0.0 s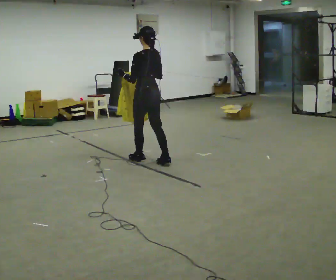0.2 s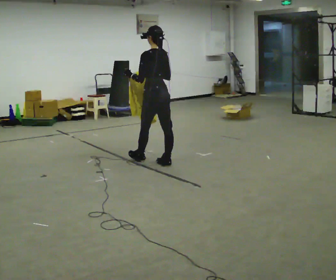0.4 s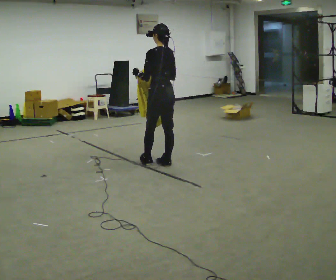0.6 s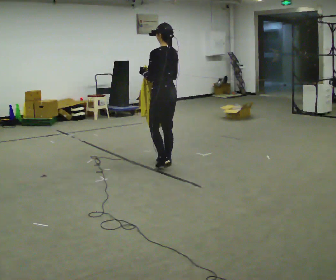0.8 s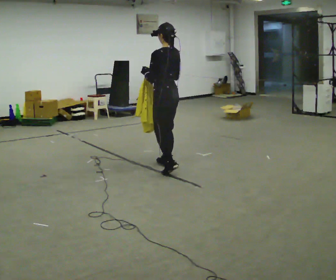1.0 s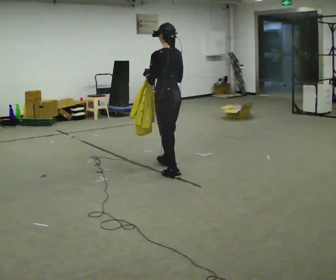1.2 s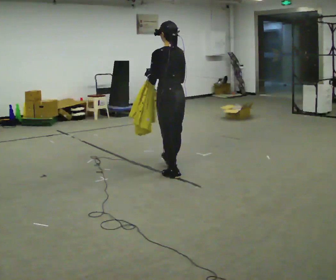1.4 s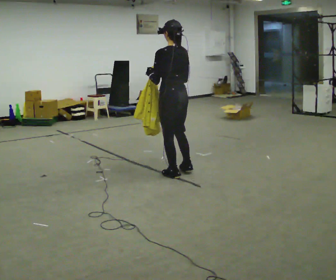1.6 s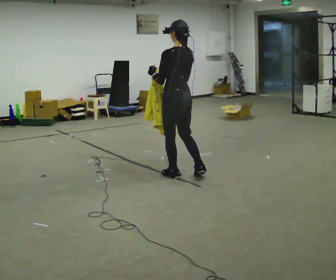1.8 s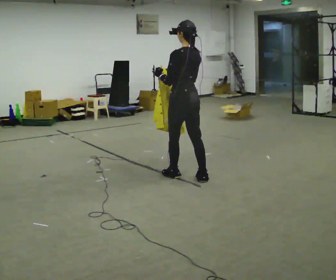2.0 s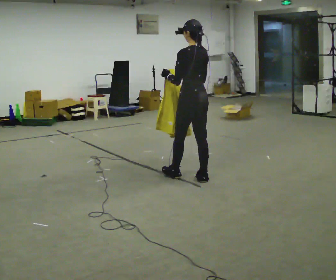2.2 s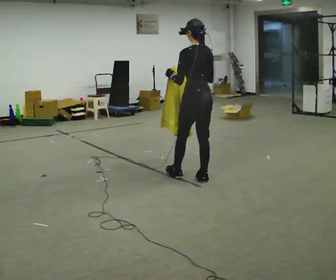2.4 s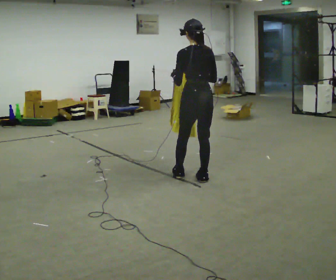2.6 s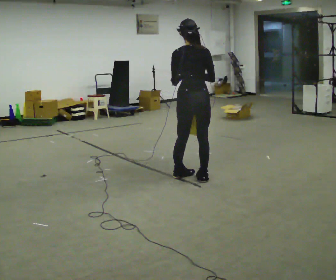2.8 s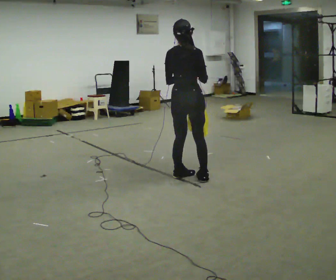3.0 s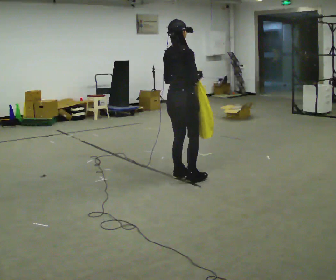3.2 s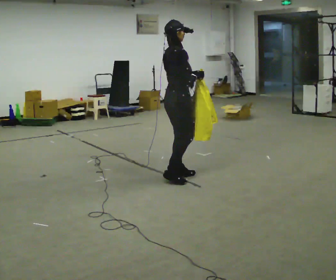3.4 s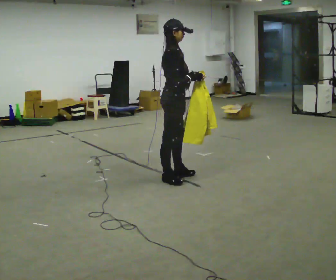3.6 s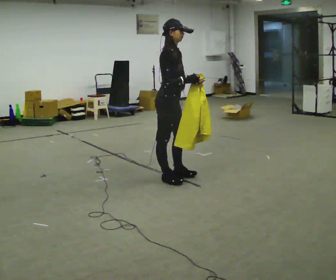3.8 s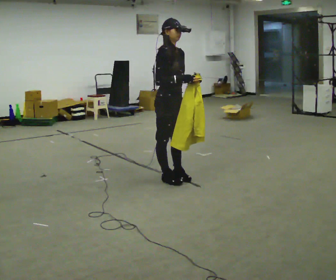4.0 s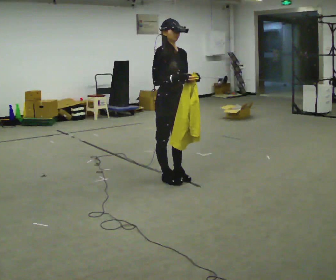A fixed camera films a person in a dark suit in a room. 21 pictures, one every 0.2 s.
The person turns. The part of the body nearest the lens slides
to the left.
The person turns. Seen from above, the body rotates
clockwise.
0.0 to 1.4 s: In the picture they go to the right and toward the camera, about 0.75 m in 2 steps, which for them is backward.
1.4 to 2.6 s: Seen from above the body turns clockwise, about 30 degrees: to their right, with its near side sliding to the left. In the picture they go to the right, about 0.25 m, which for them is backward. In the picture their right hand goes to the right.
2.6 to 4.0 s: Seen from above the body turns clockwise, about 135 degrees: to their right, with its near side sliding to the left. In the picture they go to the left, about 0.25 m in 1 step. In the picture their left hand goes to the right.
The film runs backward here.
